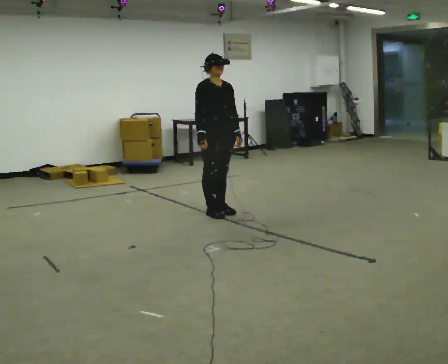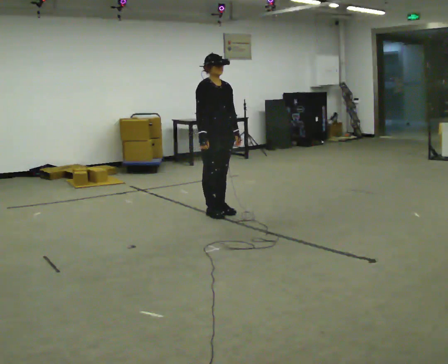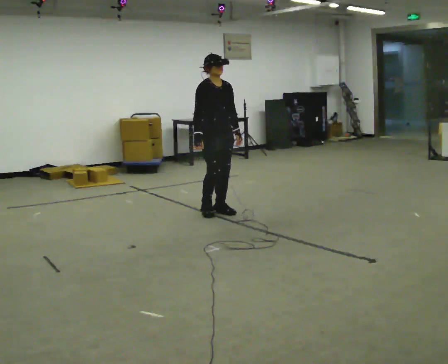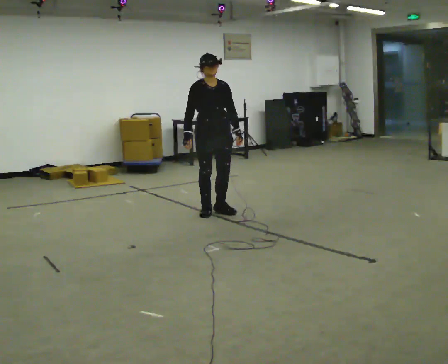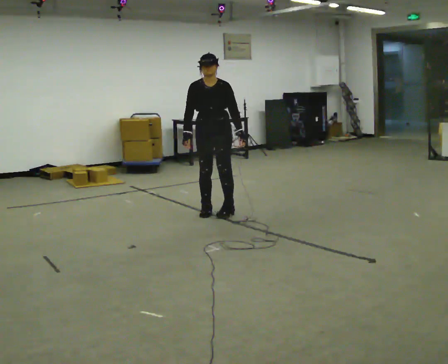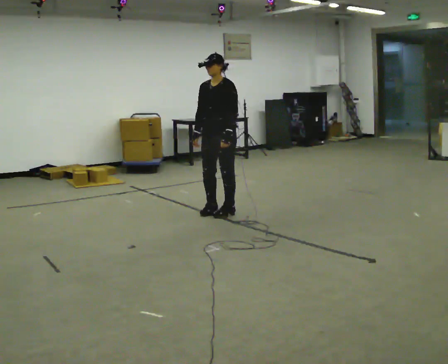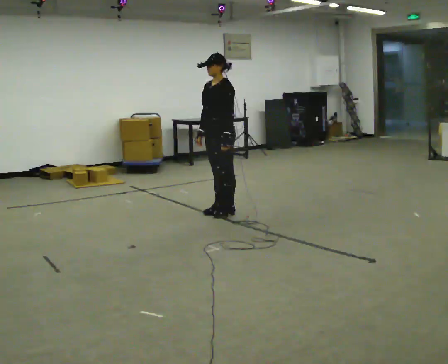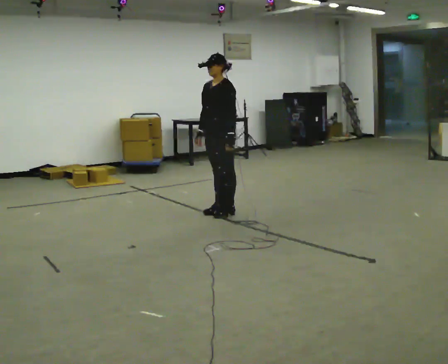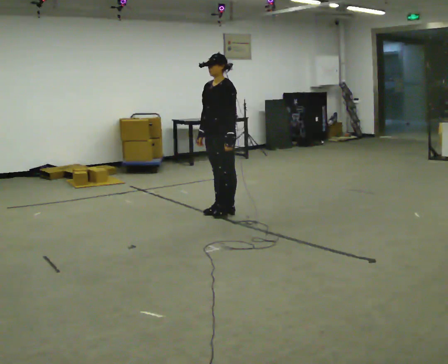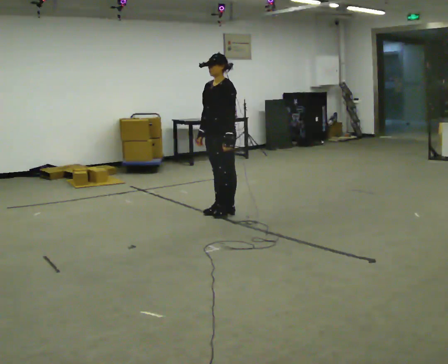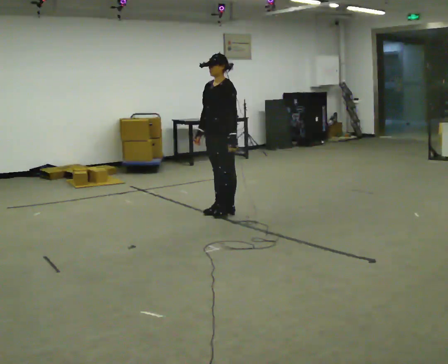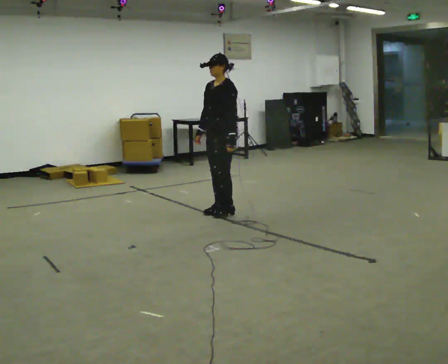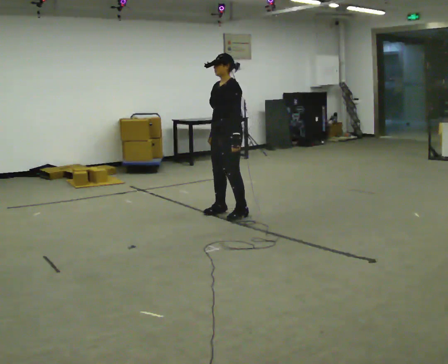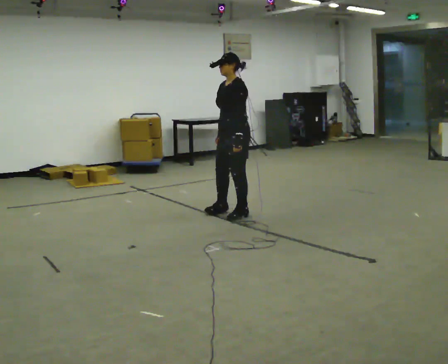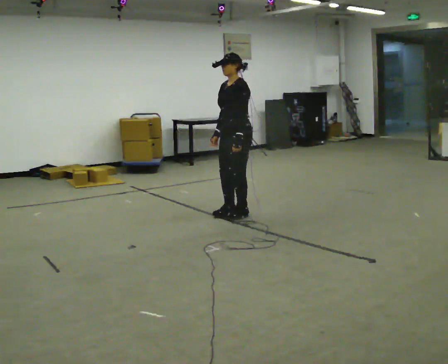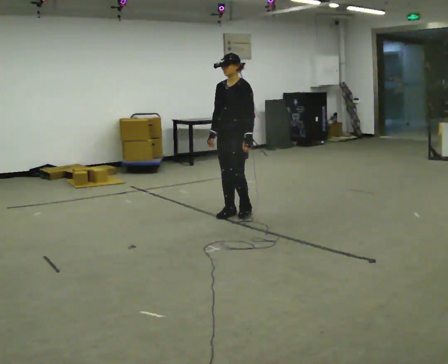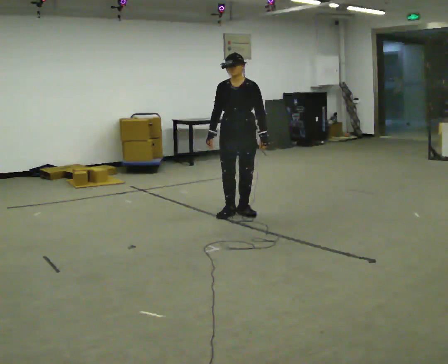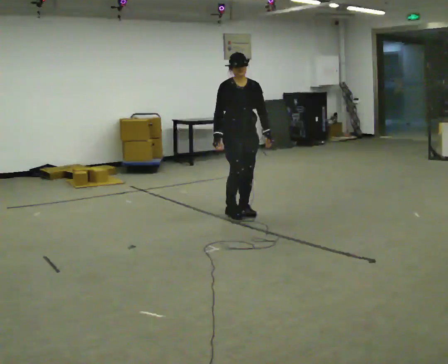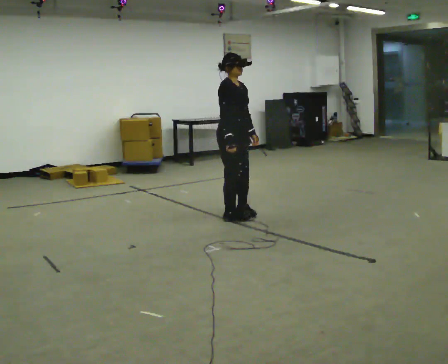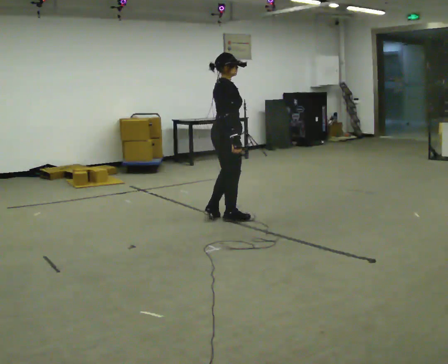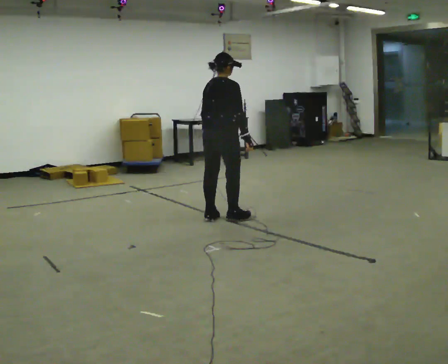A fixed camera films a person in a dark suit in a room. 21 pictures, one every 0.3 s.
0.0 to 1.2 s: The person turns about 45 degrees to their right, clockwise seen from above, so the part of the body nearest the lens slides to the left.
1.2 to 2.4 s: Seen from above the body turns clockwise, about 60 degrees: to their right, with its near side sliding to the left.
2.4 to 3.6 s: The person moves a little, or ends about where they began.
3.6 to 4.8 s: The person turns about 45 degrees to their left, counterclockwise seen from above, so the part of the body nearest the lens slides to the right.
4.8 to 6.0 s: The person turns about 150 degrees to their left, counterclockwise seen from above, so the part of the body nearest the lens slides to the right. In the picture they go to the left and toward the camera, about 0.25 m in 2 steps.
The film runs backward here.
